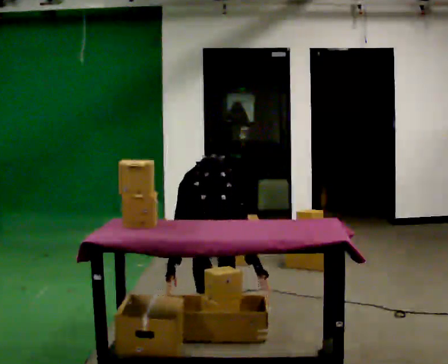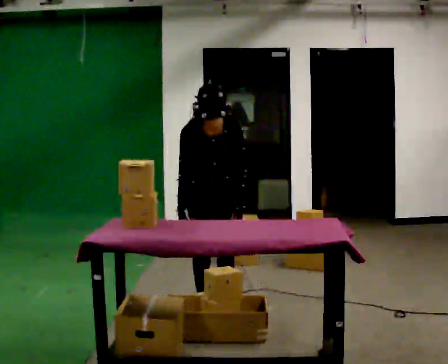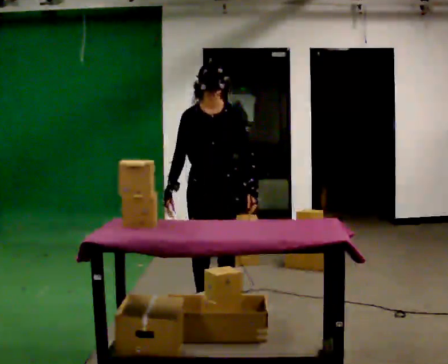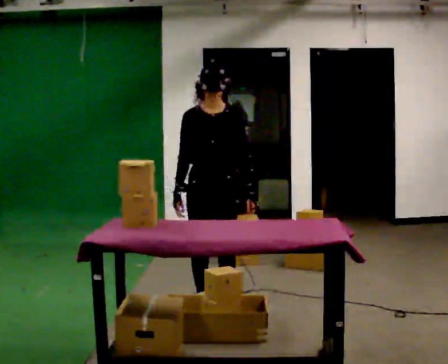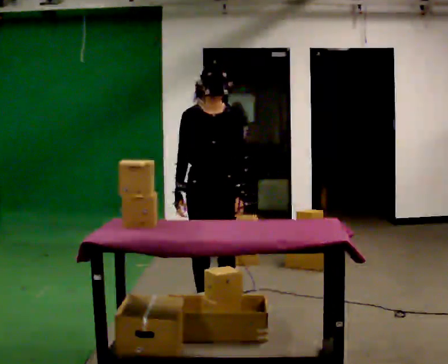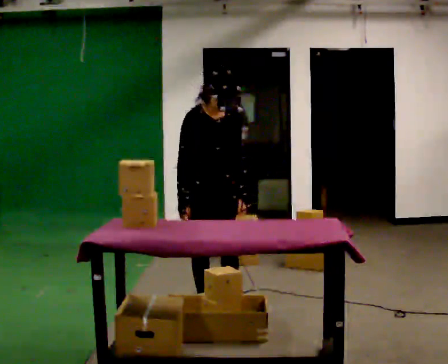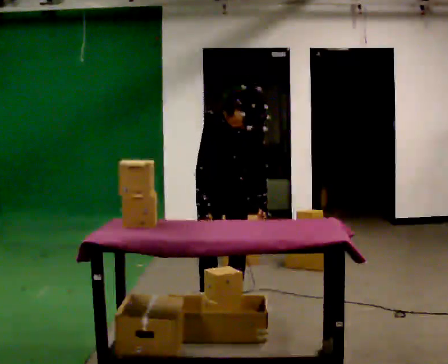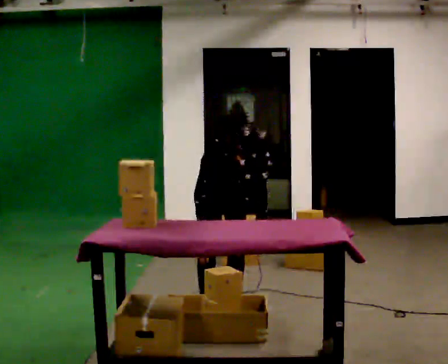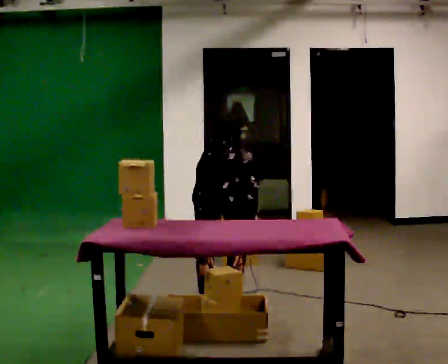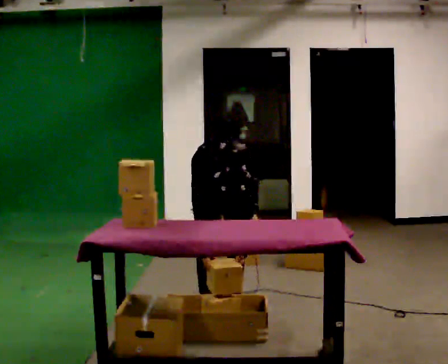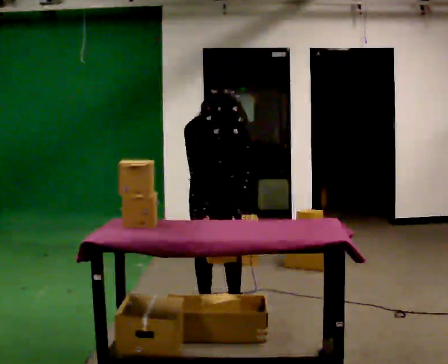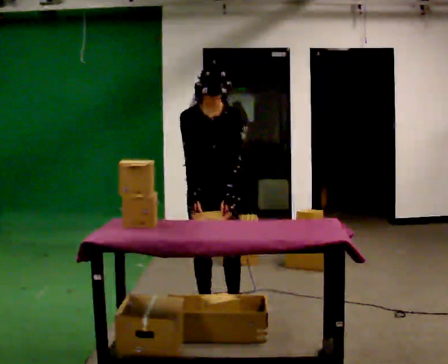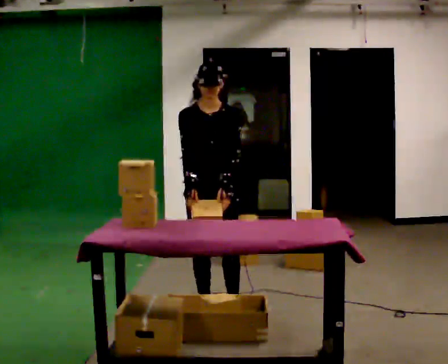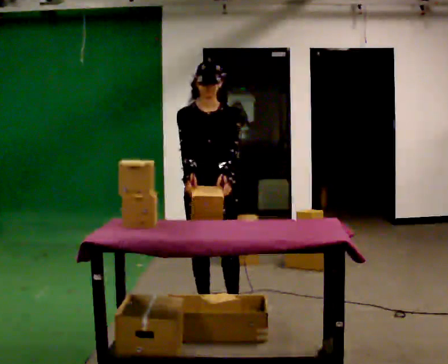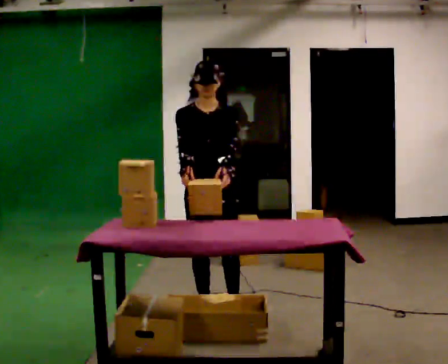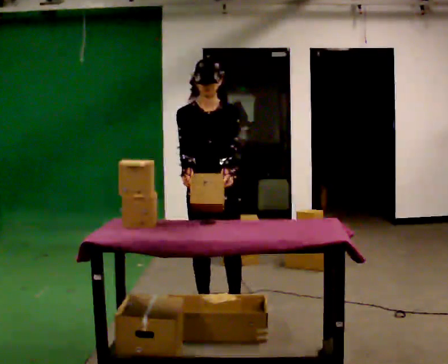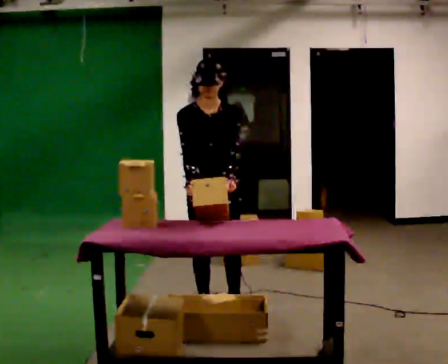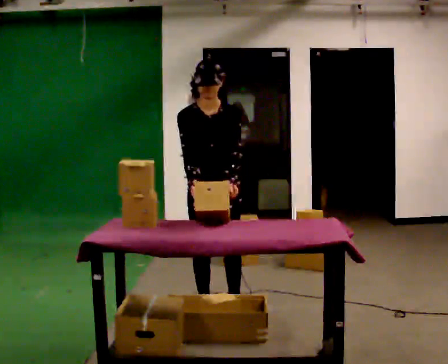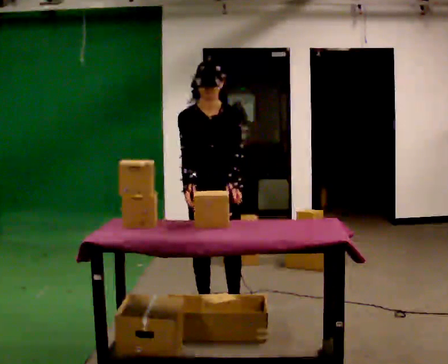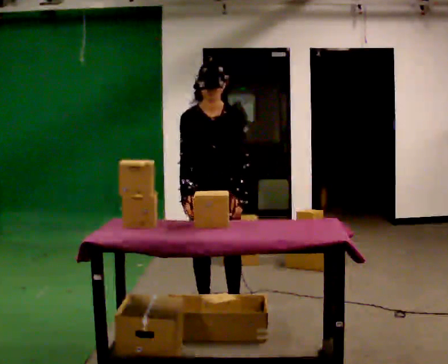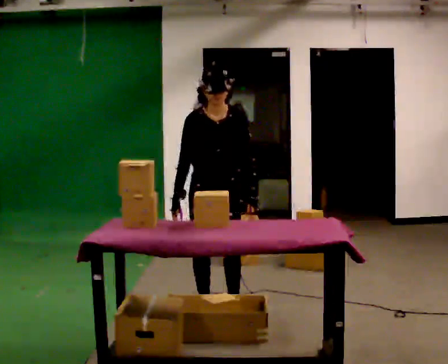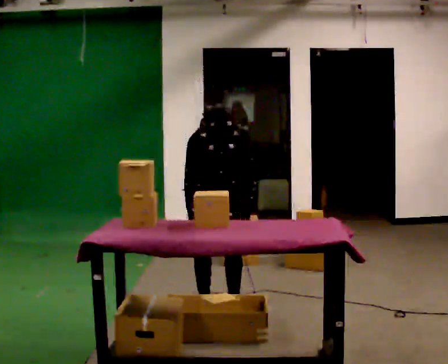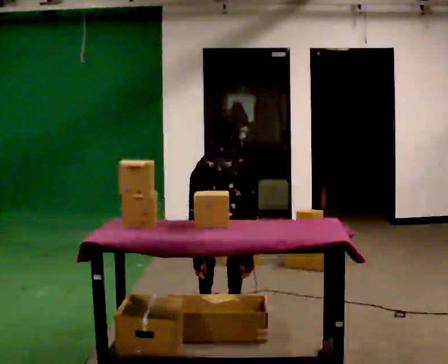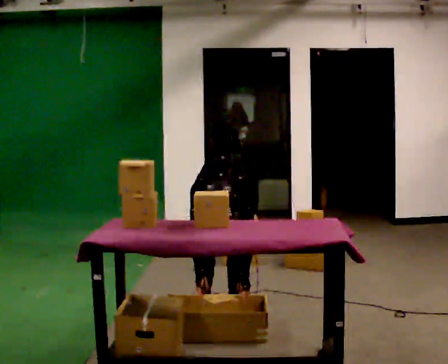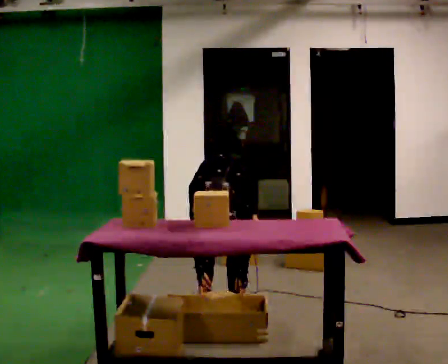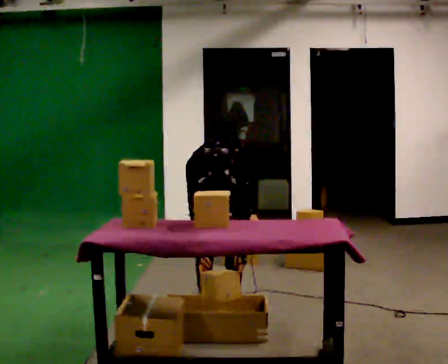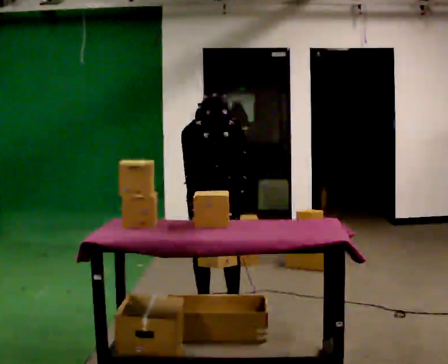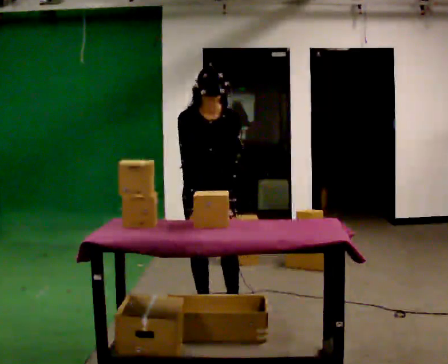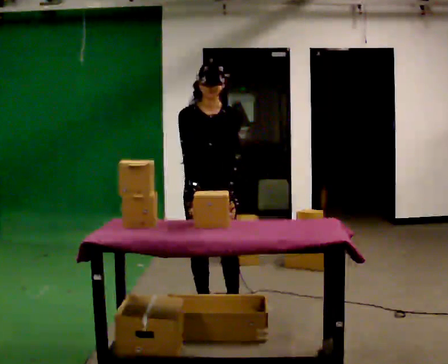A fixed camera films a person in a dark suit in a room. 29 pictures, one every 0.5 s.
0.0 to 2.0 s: The upper body goes upward. The upper body tips away from the camera, its near side rolling upward, as they lean back or straighten. In the picture their left hand goes upward.
2.0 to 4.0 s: The upper body goes downward. The upper body tips toward the camera, its near side rolling downward, as they bend forward. In the picture their left hand goes downward.
4.0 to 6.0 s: The shoulders move upward. The upper body tips away from the camera, its near side rolling upward, as they lean back or straighten. In the picture their left hand goes upward.
6.0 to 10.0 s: The person moves a little, or ends about where they began.
10.0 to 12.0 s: The upper body goes downward. The upper body tips toward the camera, its near side rolling downward, as they bend forward. In the picture their left hand goes downward.
12.0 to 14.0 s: The shoulders move upward. The upper body tips away from the camera, its near side rolling upward, as they lean back or straighten. In the picture their right hand goes upward.
The film runs forward here.
